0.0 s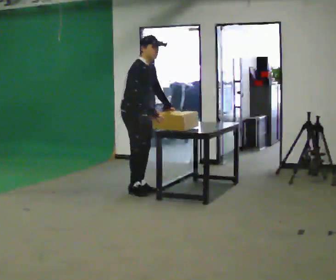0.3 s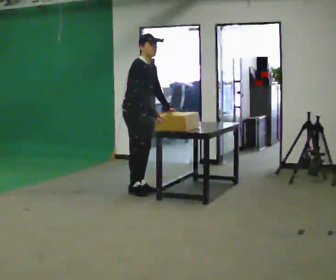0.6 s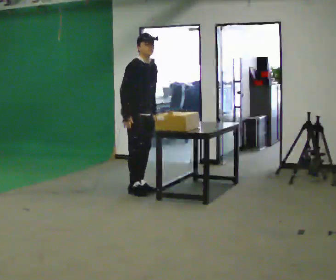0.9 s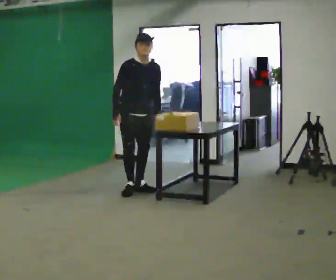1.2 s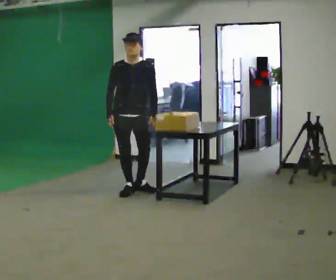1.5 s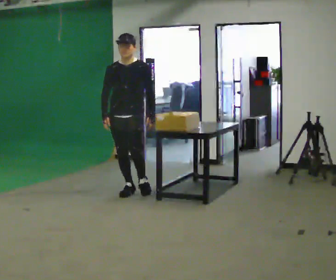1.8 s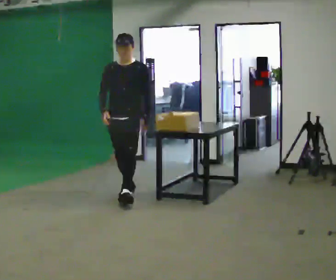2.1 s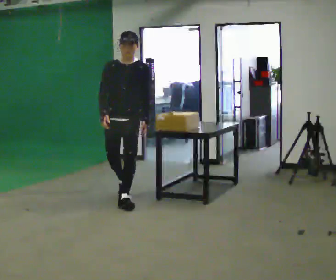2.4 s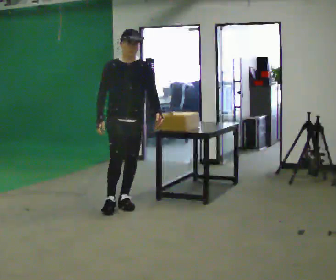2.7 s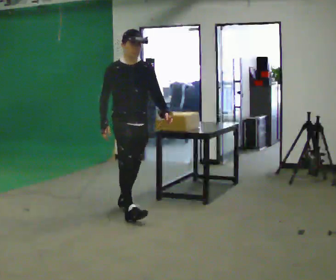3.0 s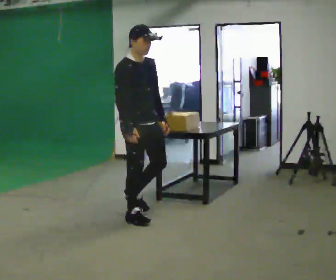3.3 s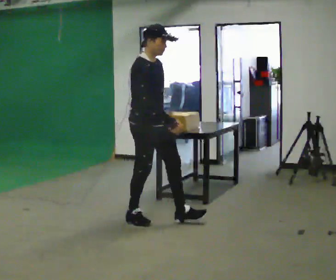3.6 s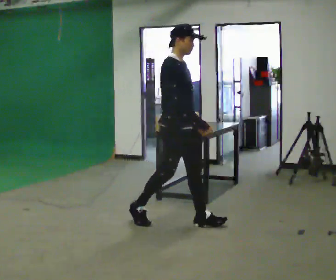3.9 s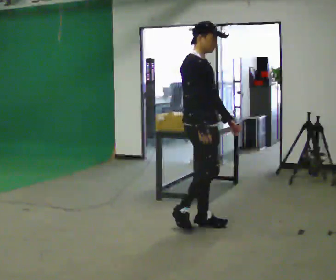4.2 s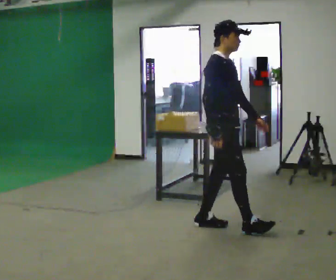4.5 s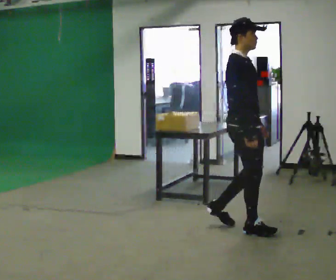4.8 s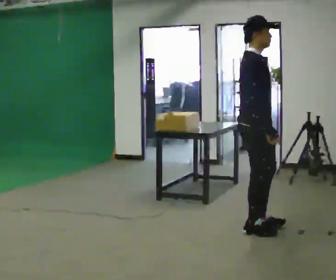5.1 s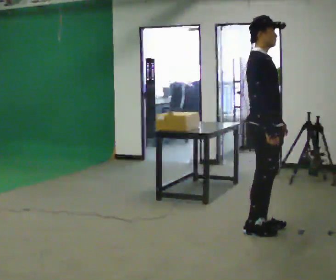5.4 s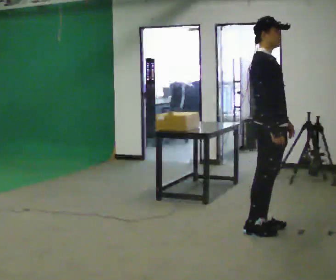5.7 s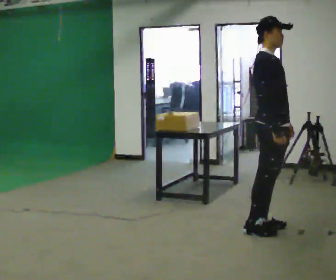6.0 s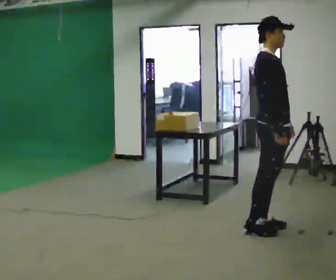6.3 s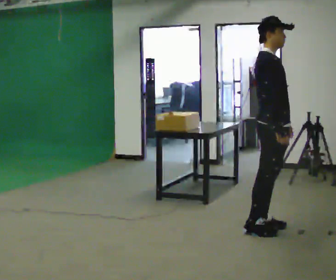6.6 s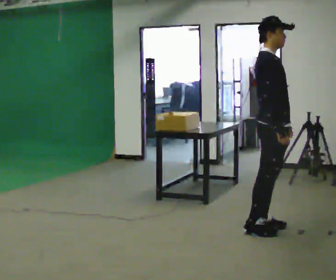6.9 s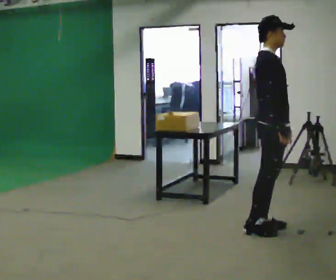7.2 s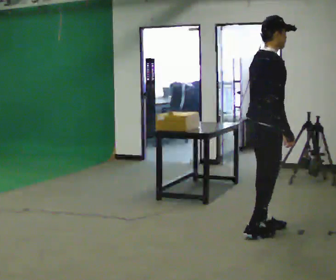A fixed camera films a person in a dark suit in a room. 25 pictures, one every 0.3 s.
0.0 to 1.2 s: The person turns about 60 degrees to their right, clockwise seen from above, so the part of the body nearest the lens slides to the left. In the picture their right hand goes to the left.
1.2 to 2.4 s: In the picture they go toward the camera, about 0.75 m in 1 step, which for them is forward.
2.4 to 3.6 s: The person turns about 45 degrees to their left, counterclockwise seen from above, so the part of the body nearest the lens slides to the right. In the picture they go toward the camera and to the right, about 1 m in 2 steps, which for them is forward.
3.6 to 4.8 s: In the picture they go to the right, about 0.75 m in 1 step, which for them is forward.
4.8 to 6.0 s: In the picture they go to the right, about 0.25 m in 1 step, which for them is forward.
6.0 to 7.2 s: The person turns about 30 degrees to their left, counterclockwise seen from above, so the part of the body nearest the lens slides to the right.
The film runs forward here.
